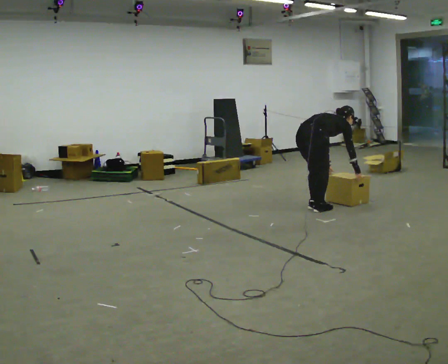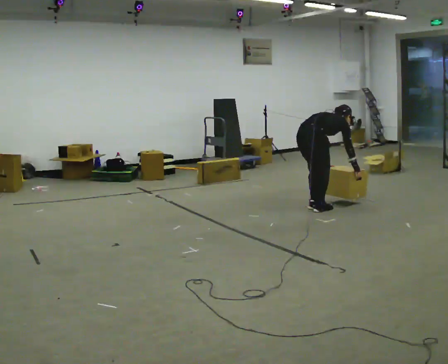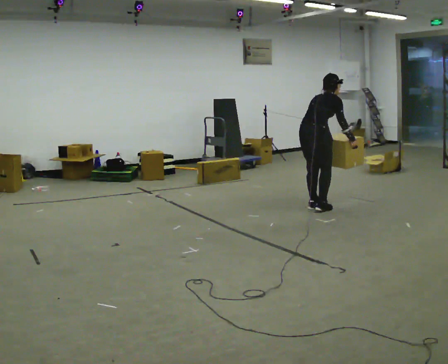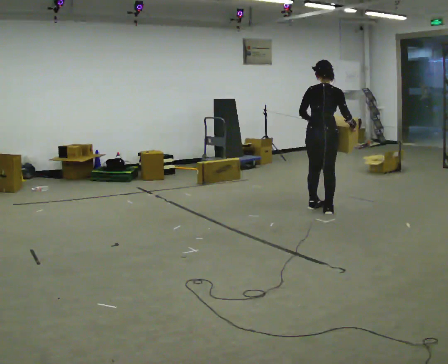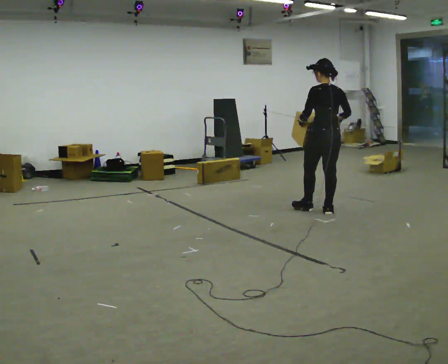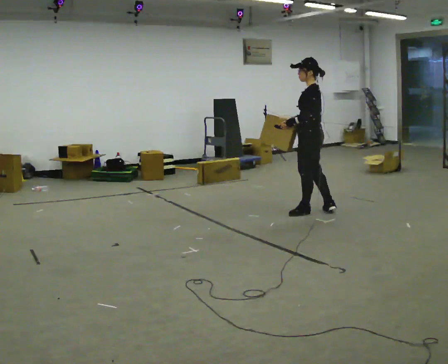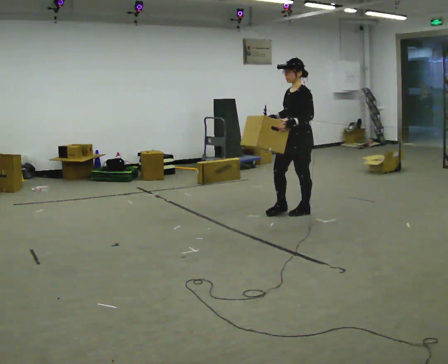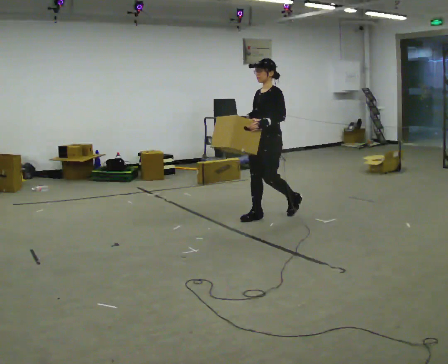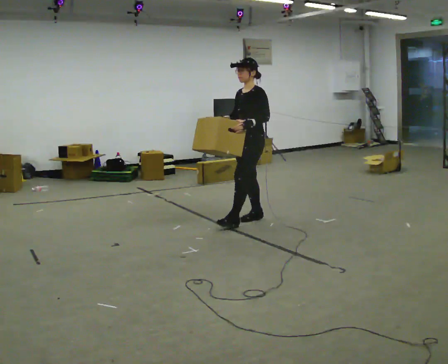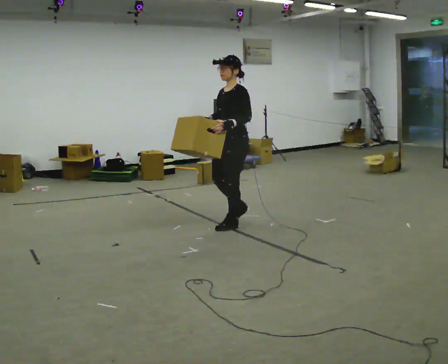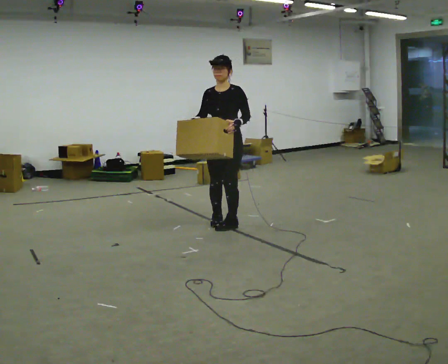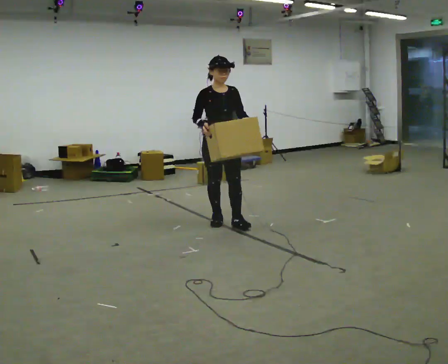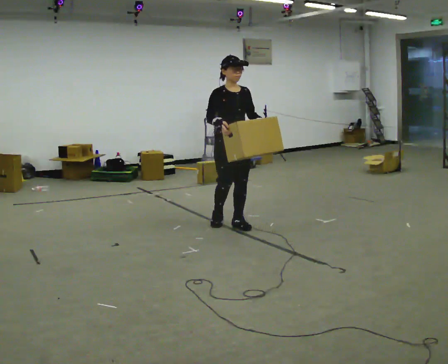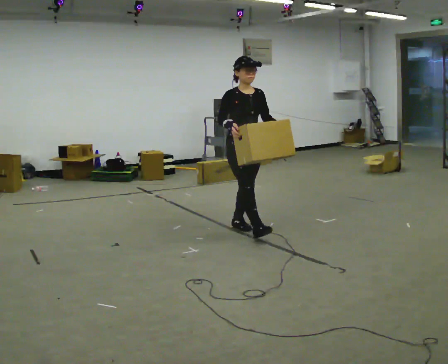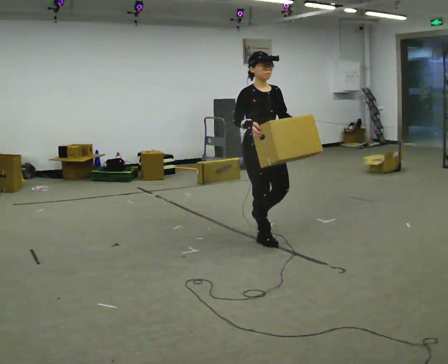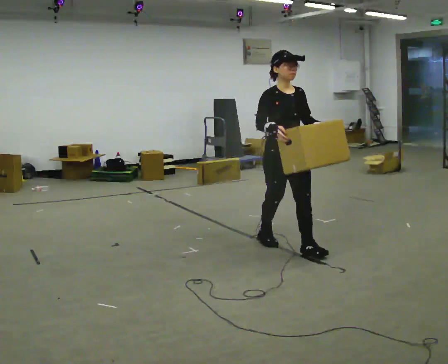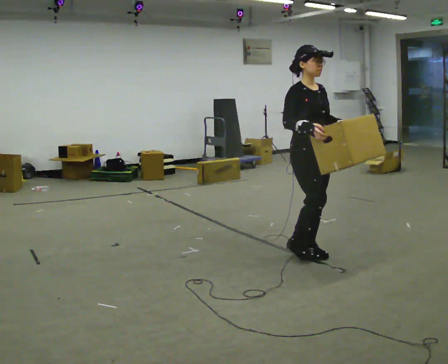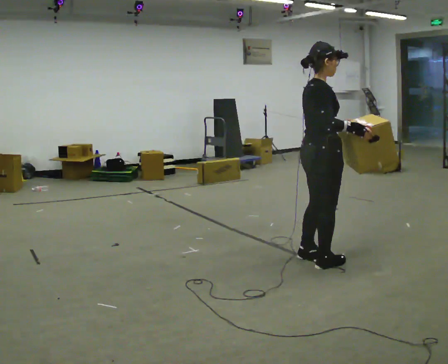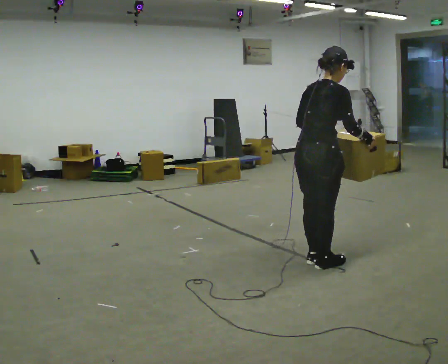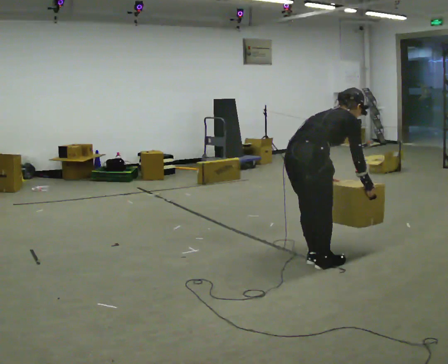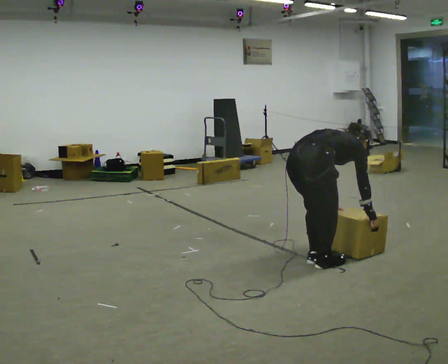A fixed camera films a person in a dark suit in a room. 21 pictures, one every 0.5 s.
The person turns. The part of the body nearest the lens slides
to the right.
The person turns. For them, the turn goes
to their left.
0.0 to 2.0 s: The person turns about 75 degrees to their left, counterclockwise seen from above, so the part of the body nearest the lens slides to the right. In the picture they go to the right, about 0.25 m. The shoulders move upward. In the picture the upper body tilts counterclockwise, shoulders to the left, as they lean back or straighten. In the picture their right hand goes upward.
2.0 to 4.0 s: Seen from above the body turns counterclockwise, about 105 degrees: to their left, with its near side sliding to the right. In the picture they go to the left, about 1 m in 3 steps.
4.0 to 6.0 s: Seen from above the body turns counterclockwise, about 75 degrees: to their left, with its near side sliding to the right. In the picture they go toward the camera and to the left, about 0.25 m in 1 step.
6.0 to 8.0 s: In the picture they go toward the camera and to the right, about 1 m in 2 steps, which for them is forward.
8.0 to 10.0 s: Seen from above the body turns counterclockwise, about 75 degrees: to their left, with its near side sliding to the right. In the picture they go toward the camera, about 0.25 m in 2 steps. The shoulders move downward. In the picture the upper body tilts clockwise, shoulders to the right, as they bend forward. In the picture their left hand goes downward.
The film runs forward here.
